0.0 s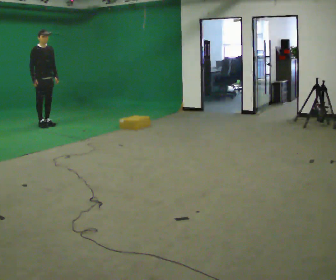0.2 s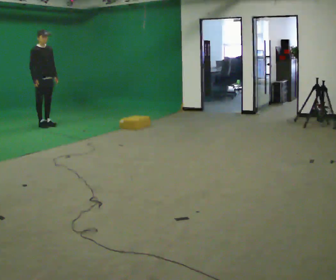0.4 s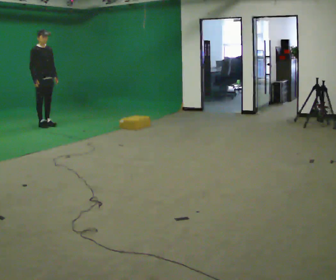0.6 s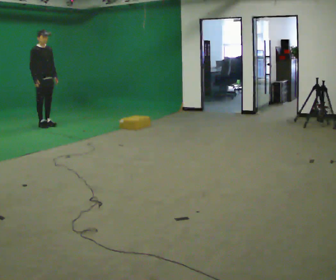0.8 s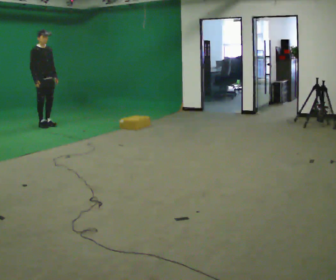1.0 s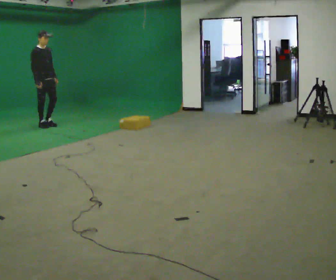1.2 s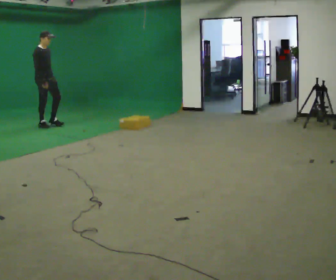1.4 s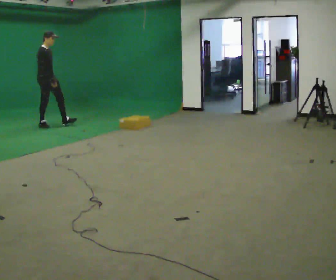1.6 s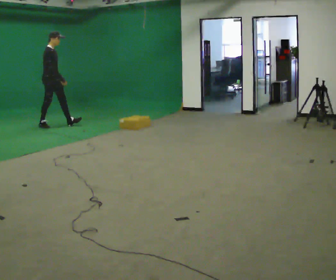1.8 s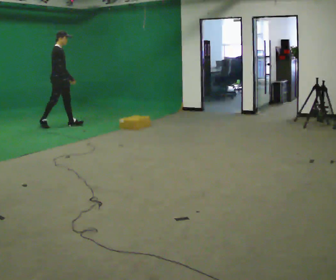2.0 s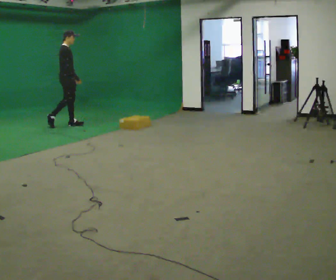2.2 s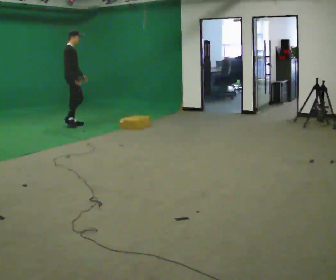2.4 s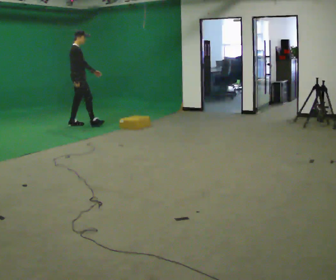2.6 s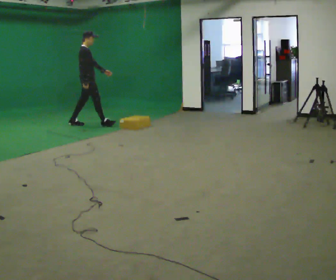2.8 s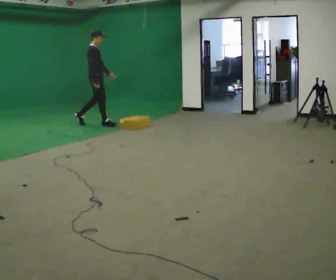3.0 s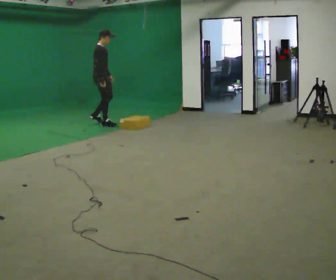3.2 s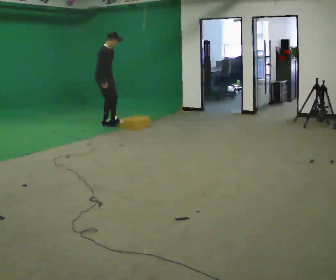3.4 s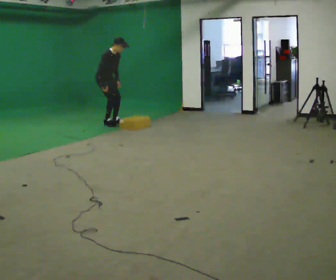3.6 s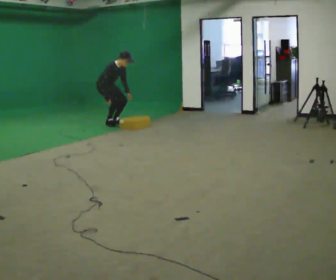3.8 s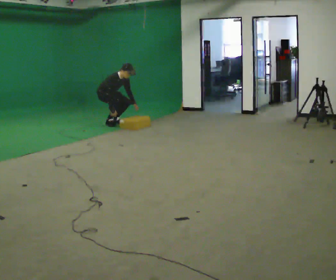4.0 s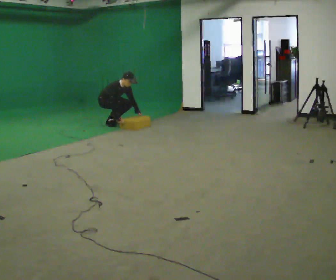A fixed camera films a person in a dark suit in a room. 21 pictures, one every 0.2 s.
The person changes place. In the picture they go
to the right.
The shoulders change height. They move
downward.
0.0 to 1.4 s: The part of the body nearest the lens slides to the right as the person turns to their left by about 30 degrees.
1.4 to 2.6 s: In the picture they go to the right, about 1 m in 2 steps, which for them is forward.
2.6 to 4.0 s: Seen from above the body turns clockwise, about 45 degrees: to their right, with its near side sliding to the left. In the picture they go to the right, about 0.25 m in 1 step, which for them is to their left and forward. The upper body goes downward. In the picture the upper body tilts clockwise, shoulders to the right, as they bend forward. In the picture their right hand goes downward.
The film runs forward here.
